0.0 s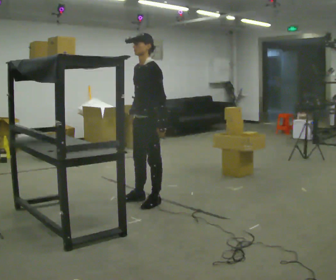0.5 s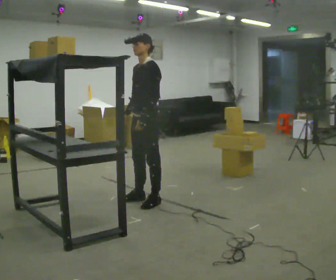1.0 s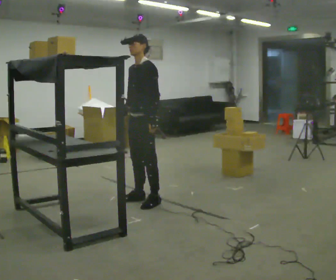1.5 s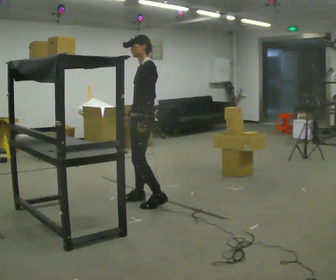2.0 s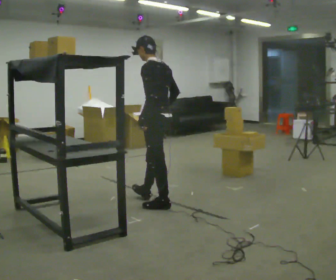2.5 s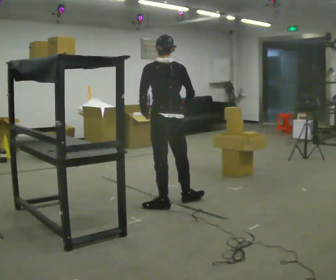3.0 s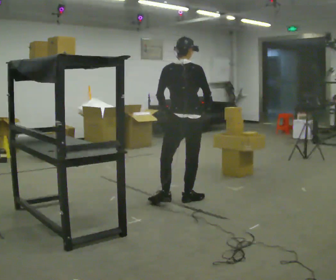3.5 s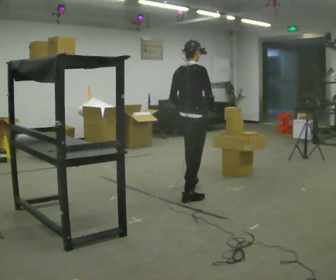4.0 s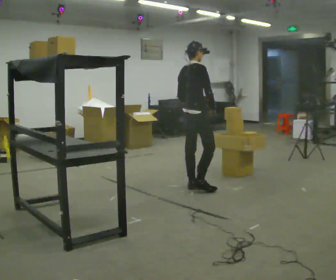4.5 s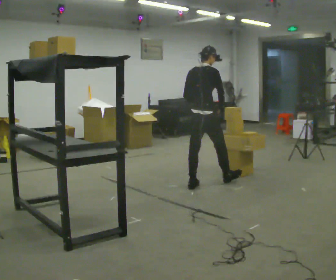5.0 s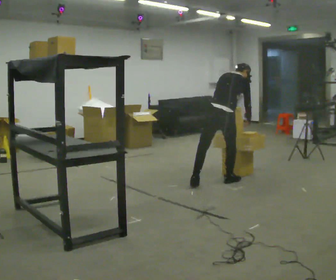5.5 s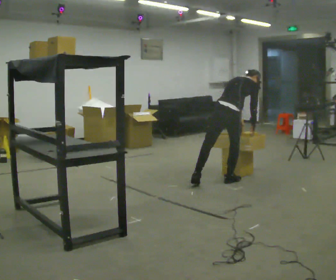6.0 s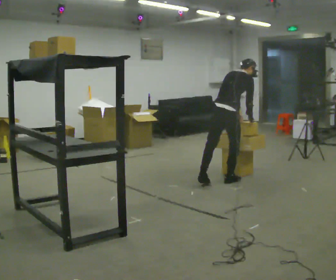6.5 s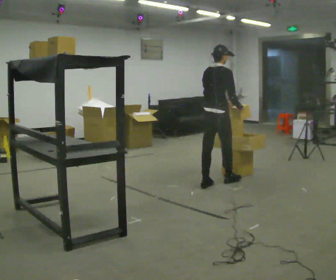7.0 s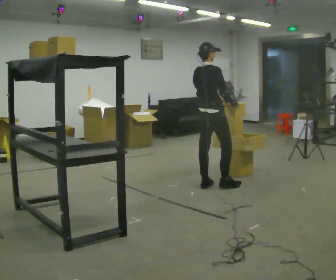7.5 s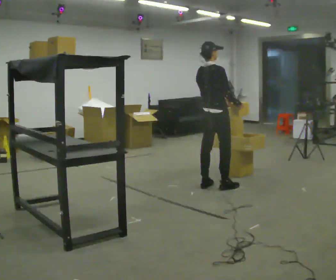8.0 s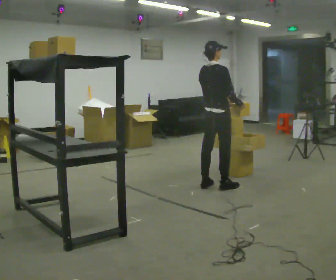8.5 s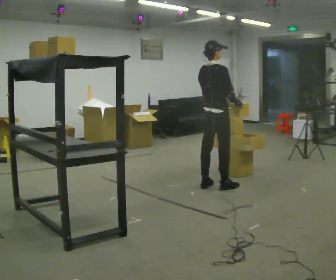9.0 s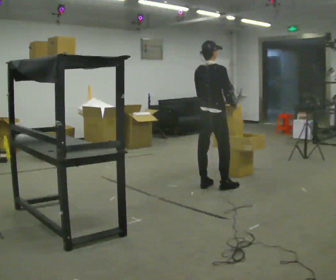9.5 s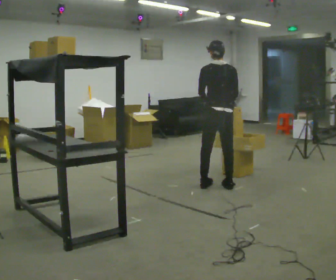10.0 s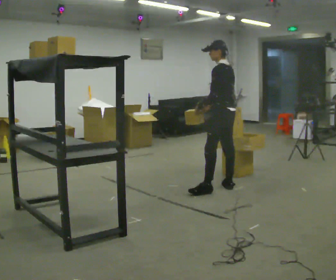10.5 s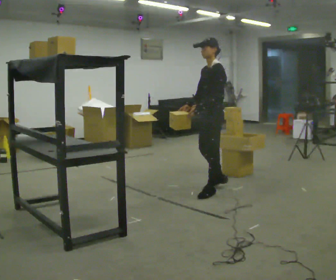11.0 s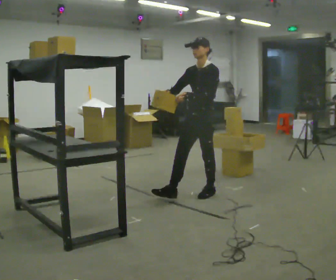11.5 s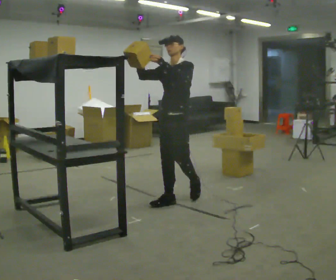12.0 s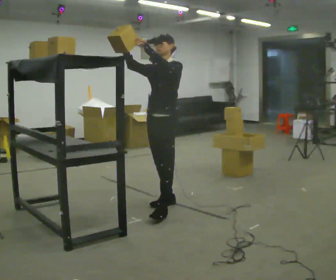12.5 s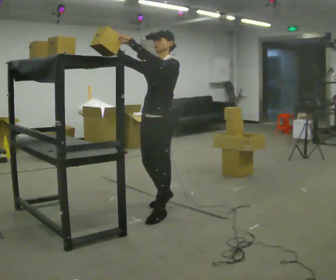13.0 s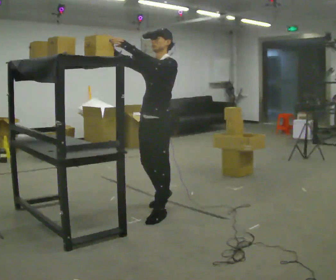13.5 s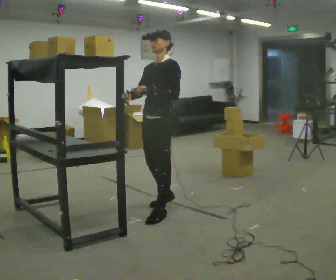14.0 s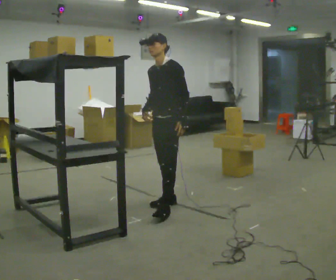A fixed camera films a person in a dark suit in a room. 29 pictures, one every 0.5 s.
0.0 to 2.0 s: The person turns about 60 degrees to their right, clockwise seen from above, so the part of the body nearest the lens slides to the left. In the picture their right hand goes to the right.
2.0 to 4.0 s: The person turns about 120 degrees to their right, clockwise seen from above, so the part of the body nearest the lens slides to the left. In the picture they go away from the camera, about 0.5 m in 2 steps.
4.0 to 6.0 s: In the picture they go to the right and away from the camera, about 0.5 m in 1 step, which for them is forward and to their right.
6.0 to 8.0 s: The upper body tips toward the camera, its near side rolling downward, as they lean back or straighten.
8.0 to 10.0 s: The person turns about 105 degrees to their left, counterclockwise seen from above, so the part of the body nearest the lens slides to the right.
10.0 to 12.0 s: The person turns about 75 degrees to their left, counterclockwise seen from above, so the part of the body nearest the lens slides to the right. In the picture they go toward the camera and to the left, about 1 m in 3 steps. In the picture their right hand goes upward, the arm swinging clockwise.
12.0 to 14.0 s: In the picture their left hand goes downward.
The film runs forward here.
